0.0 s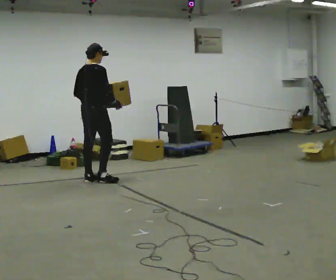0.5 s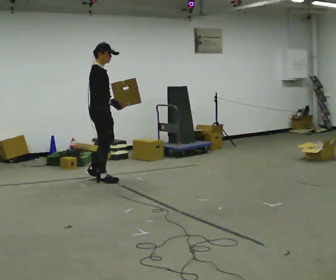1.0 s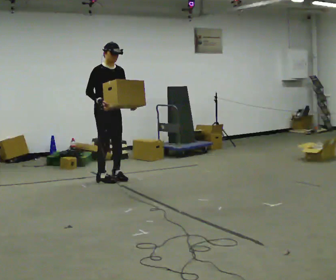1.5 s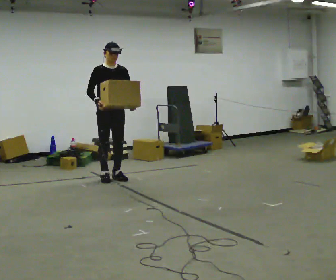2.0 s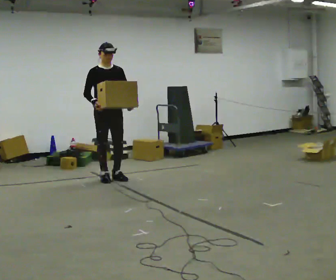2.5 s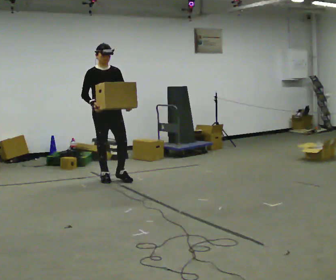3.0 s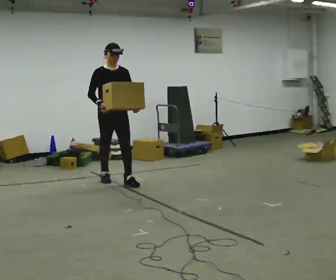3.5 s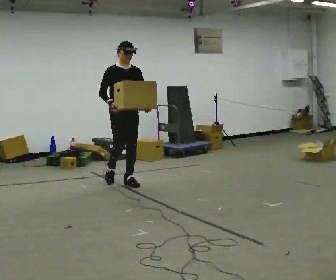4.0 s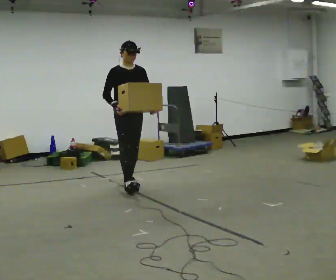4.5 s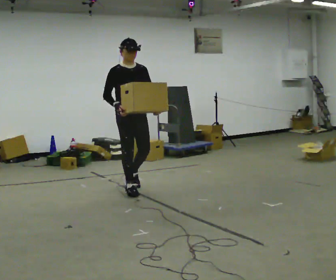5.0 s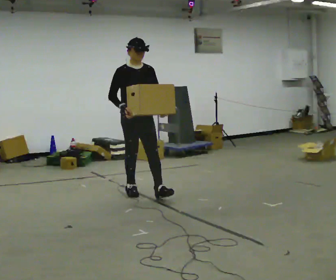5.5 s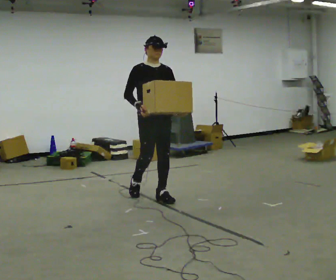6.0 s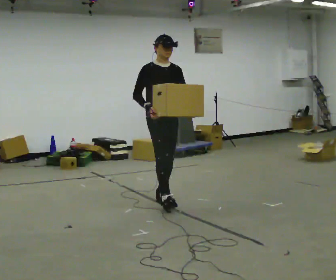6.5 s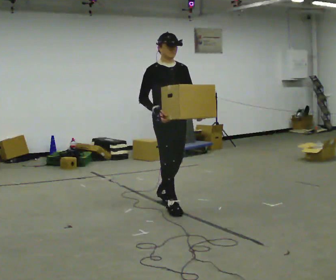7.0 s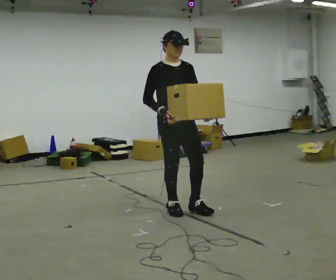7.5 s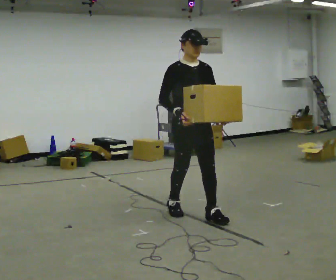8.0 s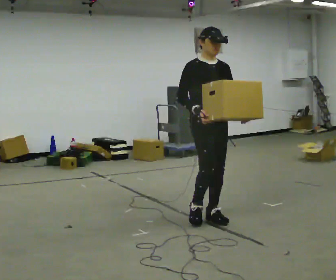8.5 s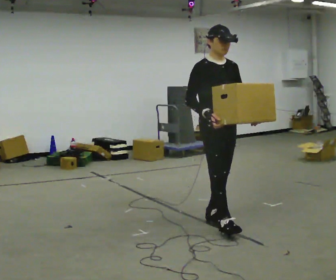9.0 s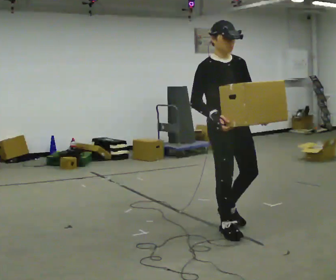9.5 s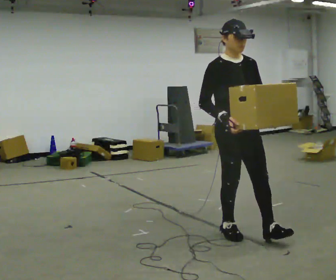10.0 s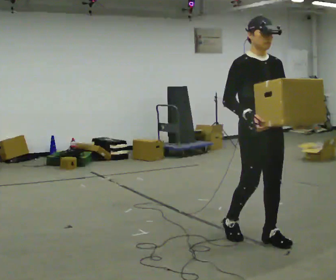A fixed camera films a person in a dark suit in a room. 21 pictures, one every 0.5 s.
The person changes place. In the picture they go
toward the camera.
0.0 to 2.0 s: The person turns about 90 degrees to their right, clockwise seen from above, so the part of the body nearest the lens slides to the left. In the picture their left hand goes to the right.
2.0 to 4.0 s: In the picture they go toward the camera and to the right, about 0.5 m in 2 steps, which for them is forward.
4.0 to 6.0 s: In the picture they go toward the camera and to the right, about 1 m in 2 steps, which for them is forward.
6.0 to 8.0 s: In the picture they go toward the camera and to the right, about 1 m in 1 step, which for them is forward.
8.0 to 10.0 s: In the picture they go toward the camera and to the right, about 0.5 m in 2 steps, which for them is forward.
The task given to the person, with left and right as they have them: Carry the heaviest box in both hands in front of you, walking back and forth across the room. Only carry what is comfortable. Set it down whenever you need to.
The film runs forward here.
